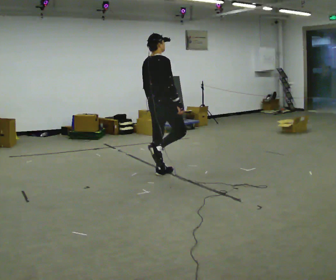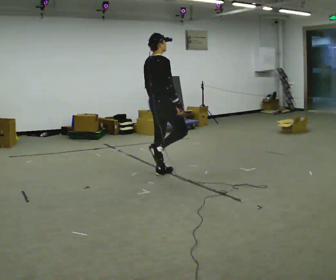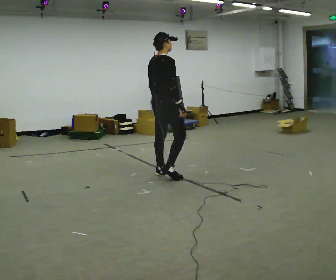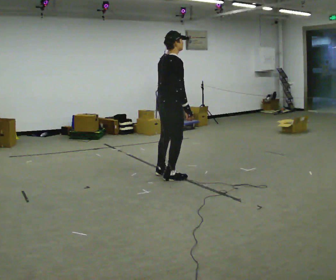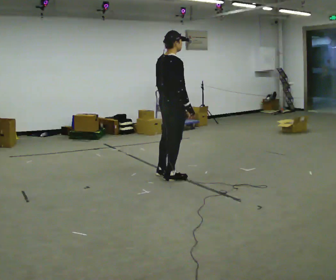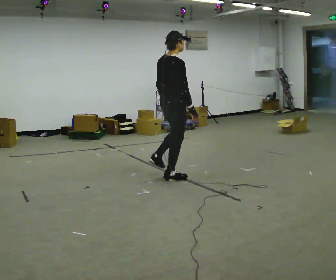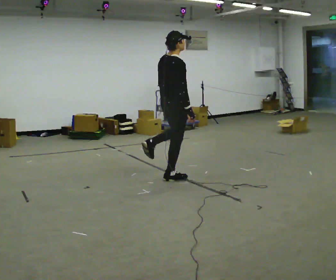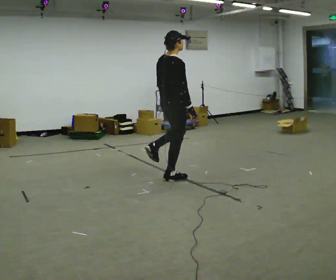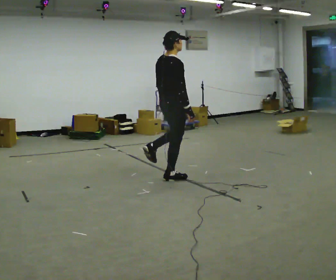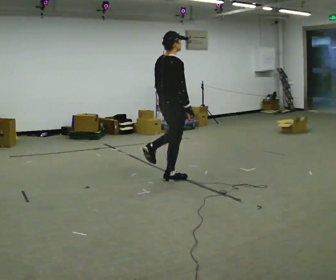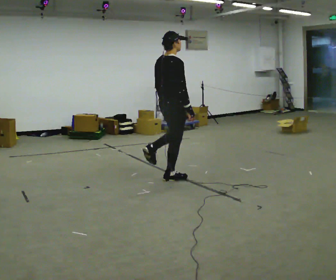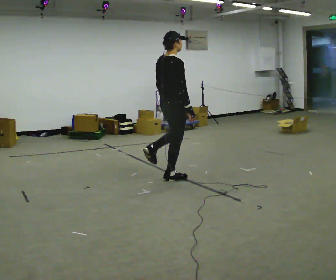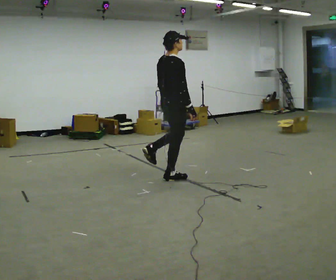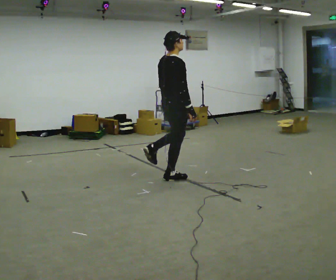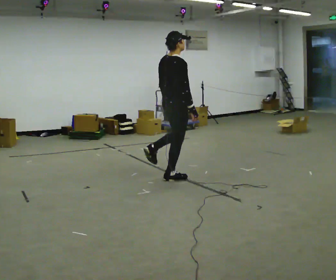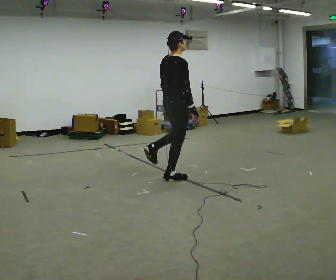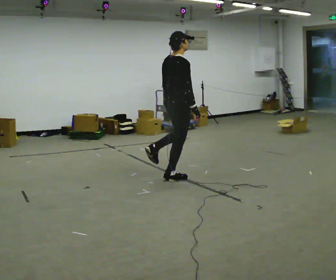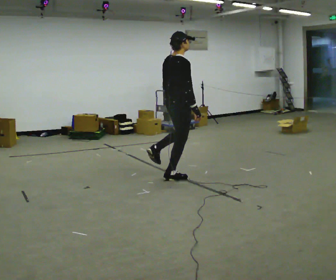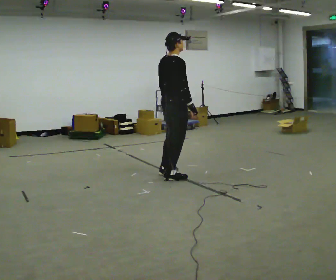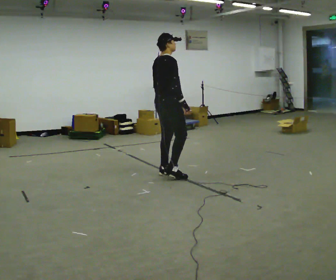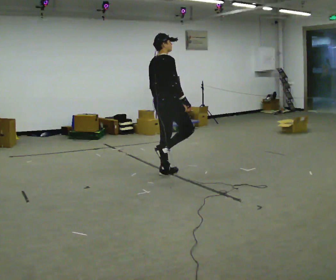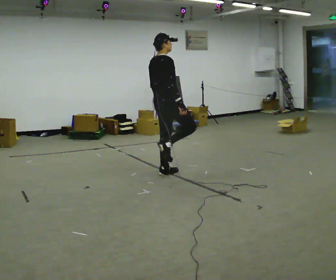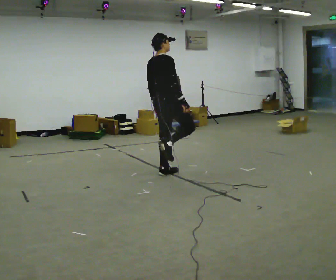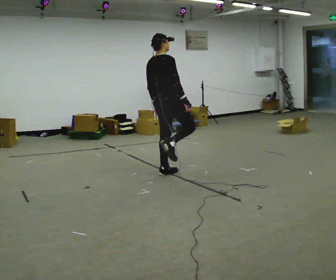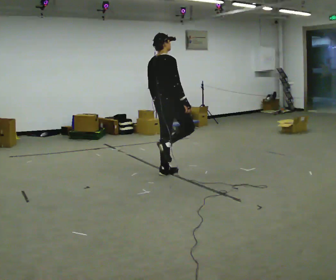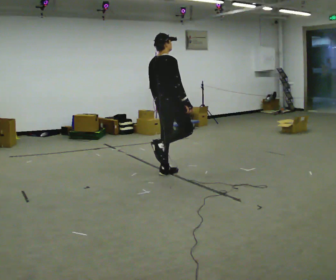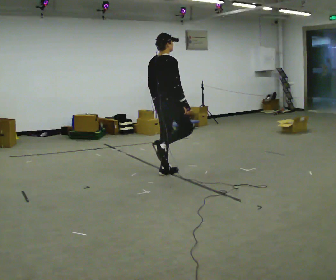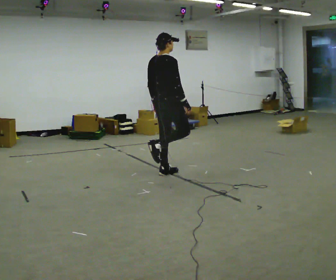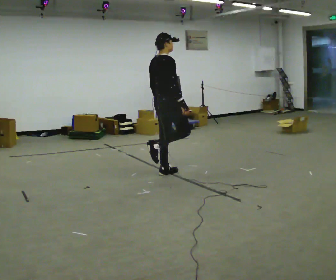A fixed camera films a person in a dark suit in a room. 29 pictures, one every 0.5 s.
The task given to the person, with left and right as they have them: Stand on one foot on the marked spot, on the side the operator calls. Hold it until you genuinely lose your balance, then put the other foot down. Repeat at your own pace until the operator says stop. Go slowly and only as far as you are comfortable. Step whenever you need to; do not try to hold on longer than feels safe.
0.0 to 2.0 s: In the picture they go toward the camera and to the right, about 0.25 m, which for them is to their right.
2.0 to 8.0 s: The person moves a little, or ends about where they began.
8.0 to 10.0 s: In the picture they go away from the camera and to the left, about 0.25 m in 1 step, which for them is to their left.
10.0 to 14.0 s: The person moves a little, or ends about where they began.
The film runs forward here.
